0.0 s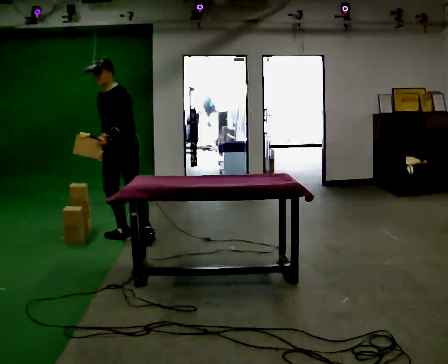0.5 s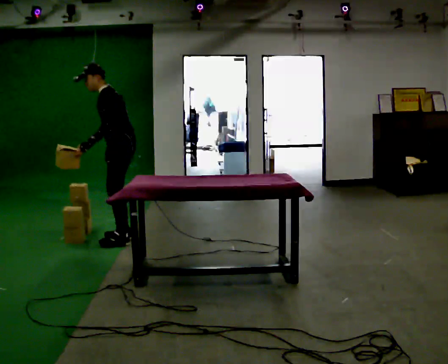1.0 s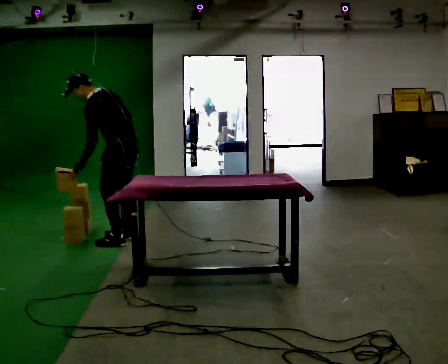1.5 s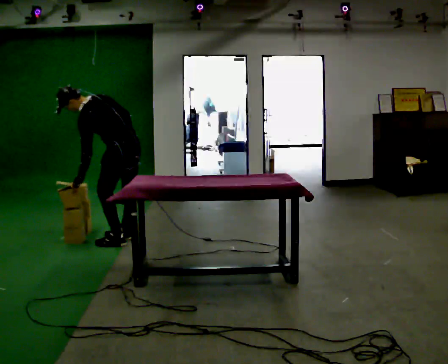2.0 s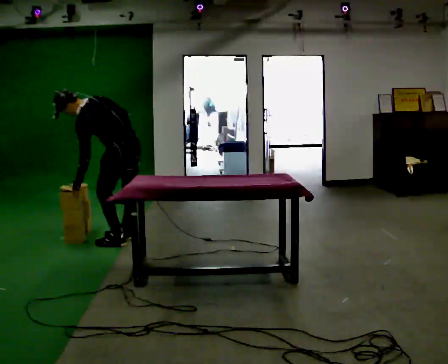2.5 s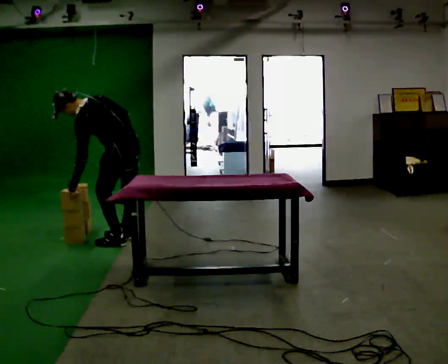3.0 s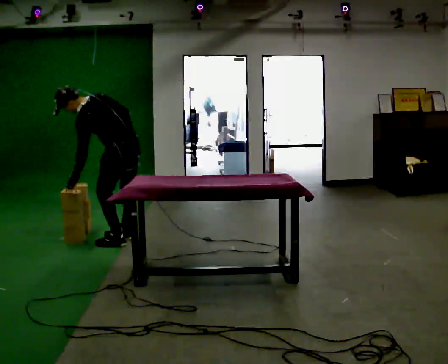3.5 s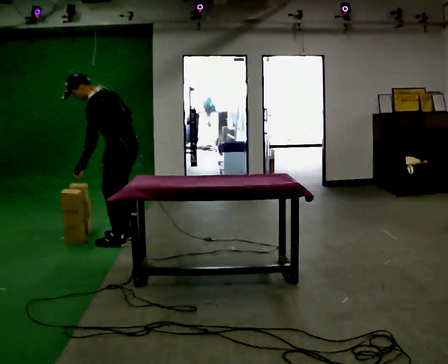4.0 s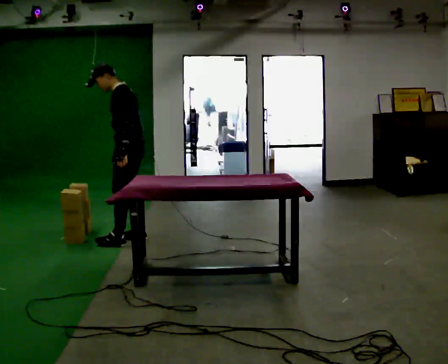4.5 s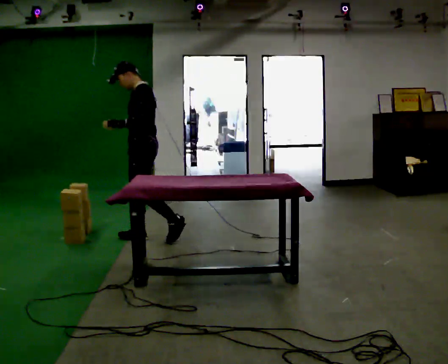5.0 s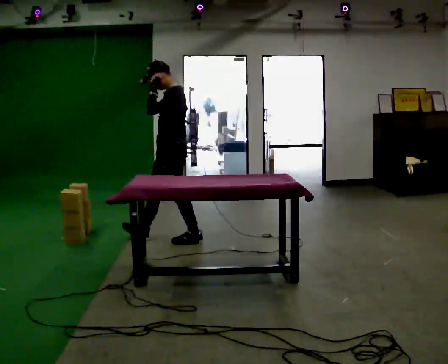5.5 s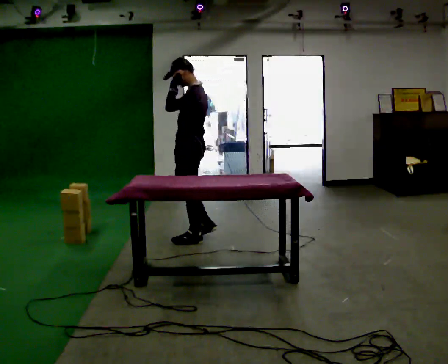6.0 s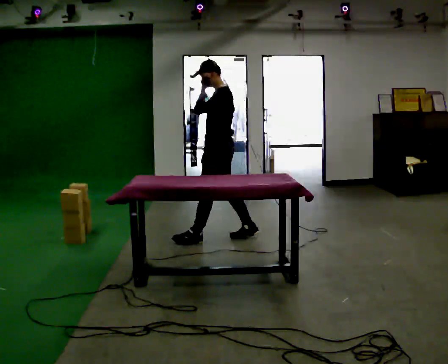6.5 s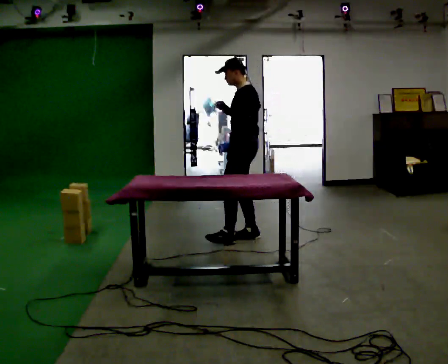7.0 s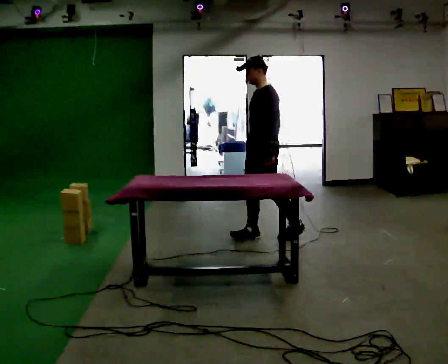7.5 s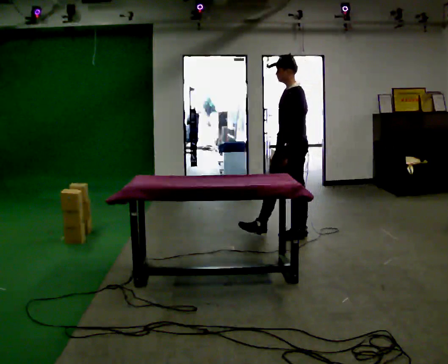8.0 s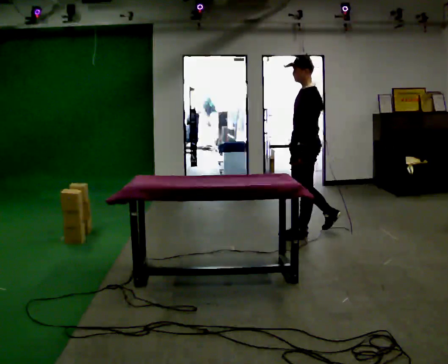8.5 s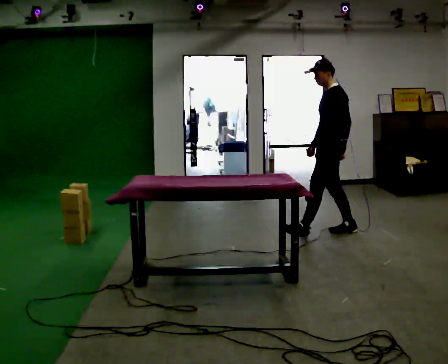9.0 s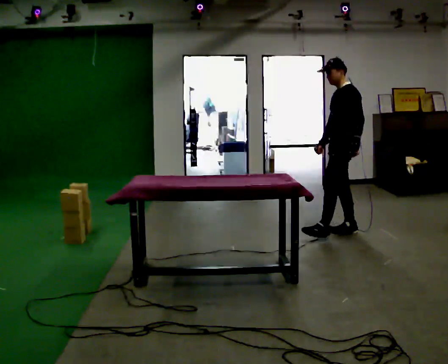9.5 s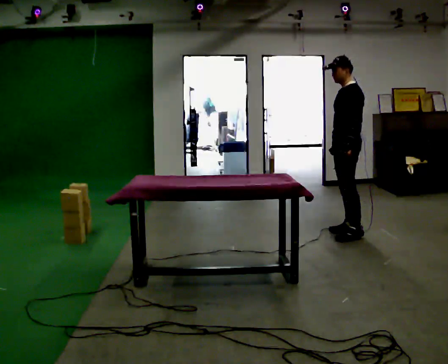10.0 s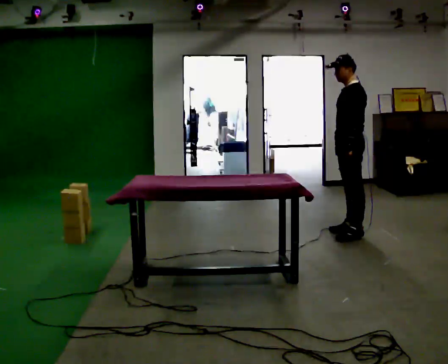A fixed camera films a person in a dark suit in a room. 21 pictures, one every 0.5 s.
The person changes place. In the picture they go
to the right.
0.0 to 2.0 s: The person turns about 75 degrees to their right, clockwise seen from above, so the part of the body nearest the lens slides to the left. In the picture they go toward the camera, about 0.25 m. The upper body goes downward. In the picture the upper body tilts counterclockwise, shoulders to the left, as they bend forward.
2.0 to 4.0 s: Seen from above the body turns counterclockwise, about 30 degrees: to their left, with its near side sliding to the right. In the picture the upper body tilts clockwise, shoulders to the right, as they lean back or straighten.
4.0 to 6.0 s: In the picture they go to the right, about 1 m in 2 steps, which for them is backward. In the picture their left hand goes upward.
6.0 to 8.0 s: In the picture they go to the right, about 1 m in 2 steps, which for them is backward. In the picture their left hand goes downward.
8.0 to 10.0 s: In the picture they go to the right, about 0.5 m in 1 step, which for them is backward.
The film runs backward here.
